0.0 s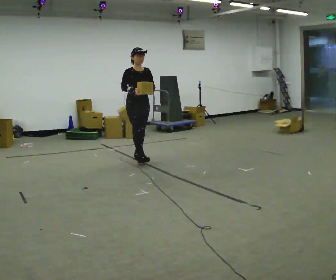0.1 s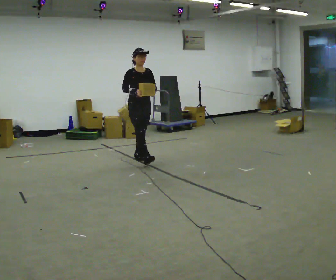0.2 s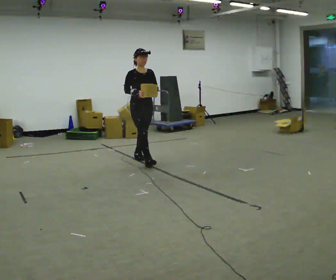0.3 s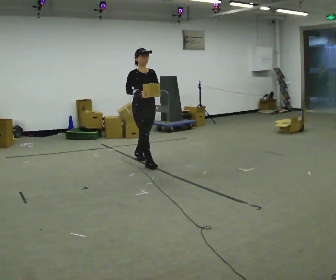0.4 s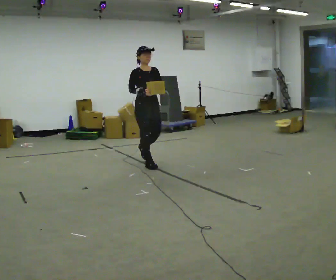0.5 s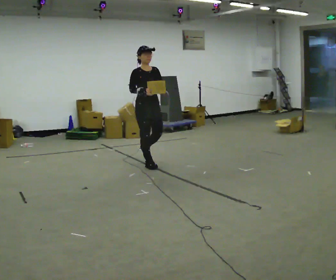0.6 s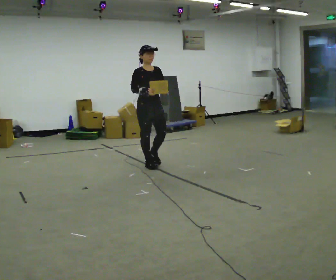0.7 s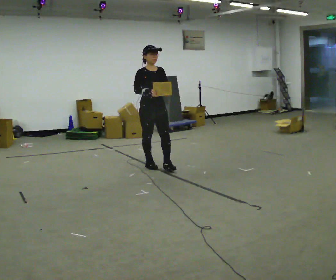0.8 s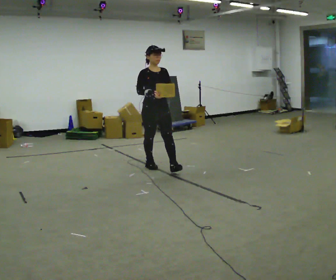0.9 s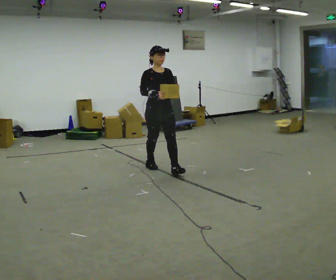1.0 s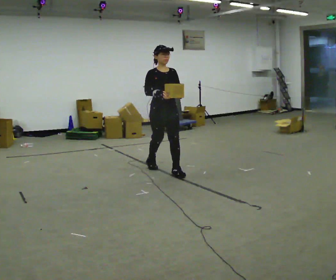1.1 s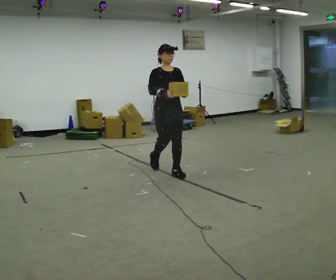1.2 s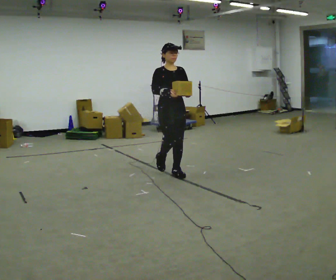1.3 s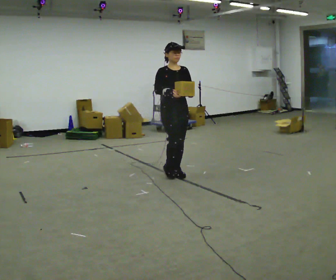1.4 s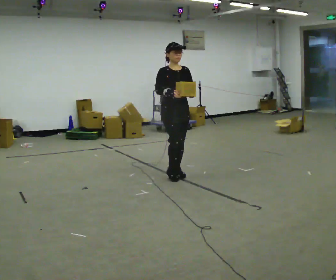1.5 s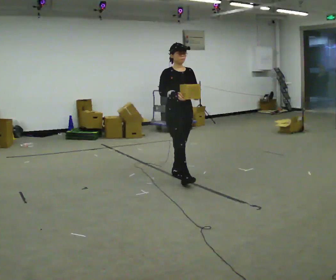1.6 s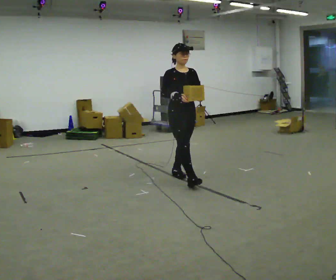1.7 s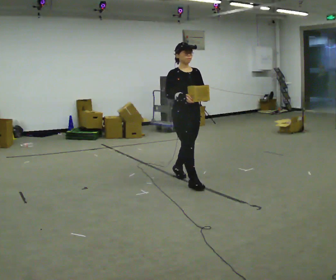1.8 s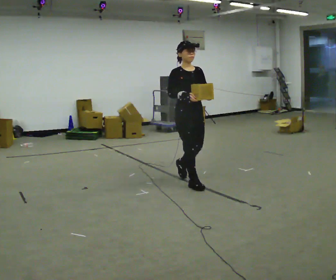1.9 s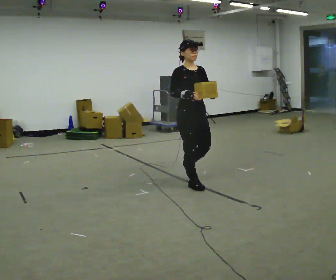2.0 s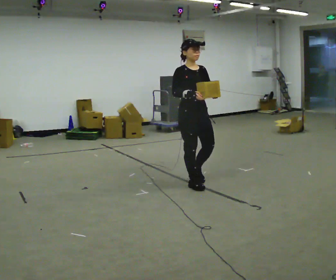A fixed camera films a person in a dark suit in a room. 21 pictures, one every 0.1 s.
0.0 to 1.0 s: In the picture they go toward the camera and to the right, about 1 m in 2 steps, which for them is forward.
1.0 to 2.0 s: In the picture they go toward the camera and to the right, about 0.75 m in 1 step, which for them is forward.
The film runs forward here.
